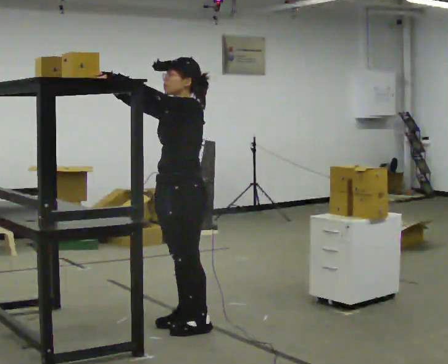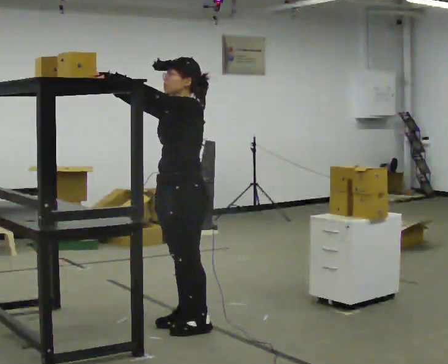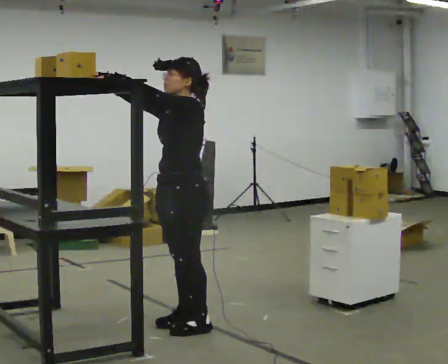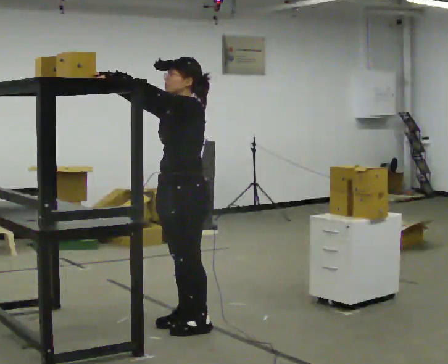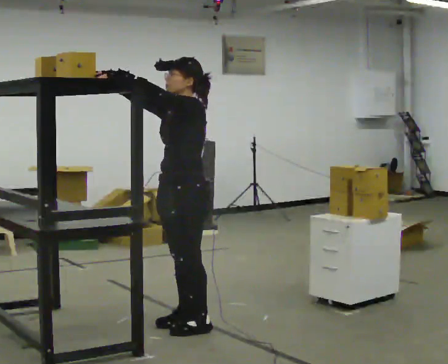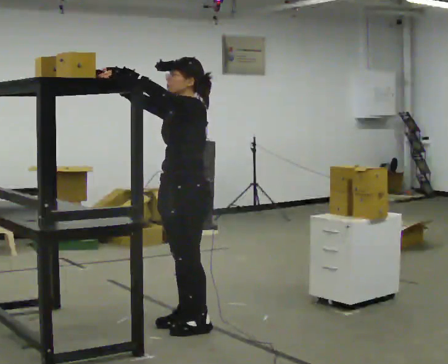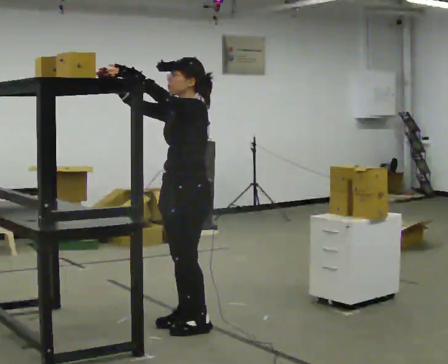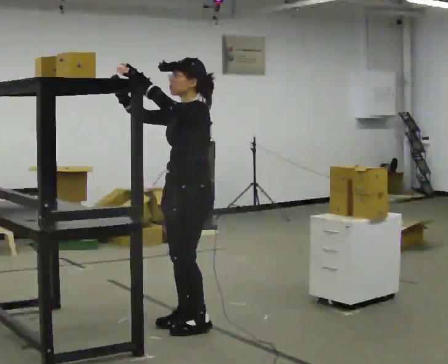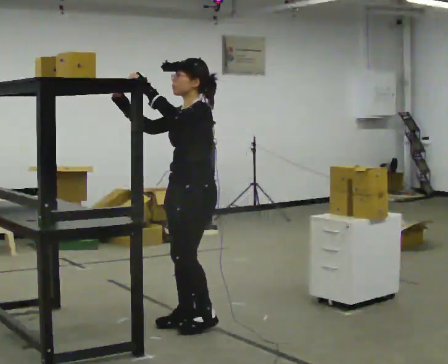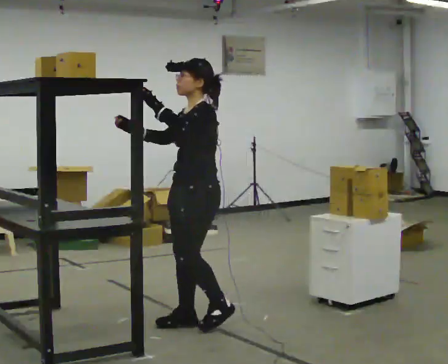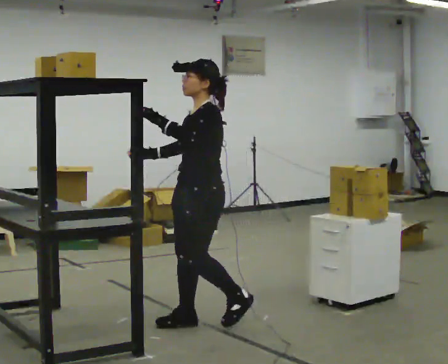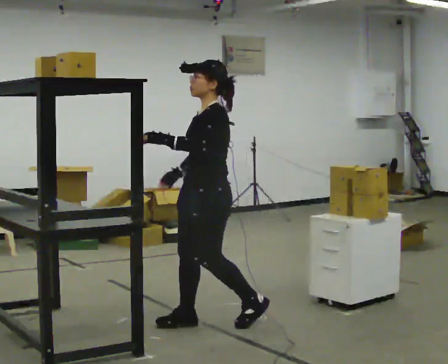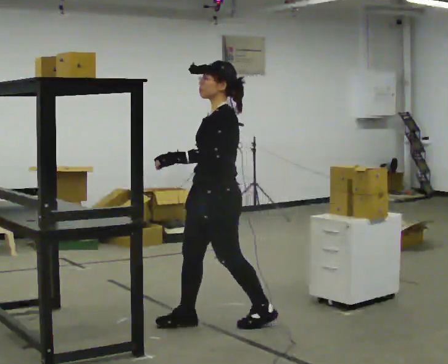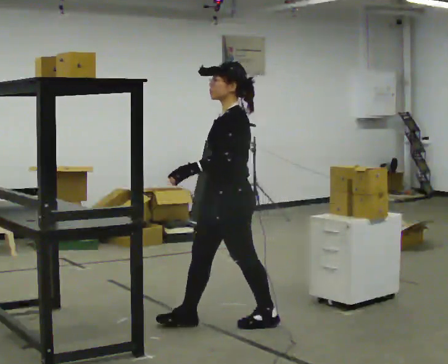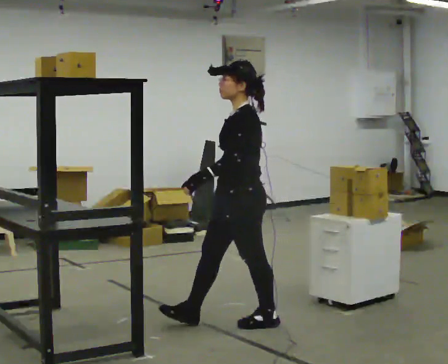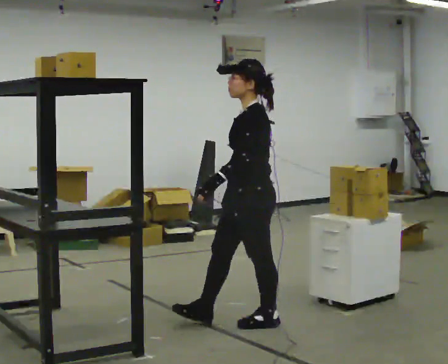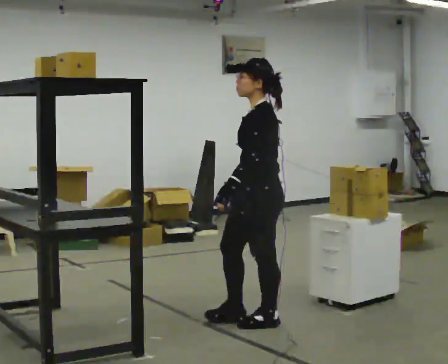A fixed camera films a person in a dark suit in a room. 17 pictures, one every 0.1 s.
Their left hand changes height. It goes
downward.
Their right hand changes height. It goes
downward.
0.0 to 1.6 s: In the picture they go to the right, about 0.5 m in 2 steps, which for them is backward. In the picture their right hand goes downward, the arm swinging counterclockwise.
The film runs backward here.
